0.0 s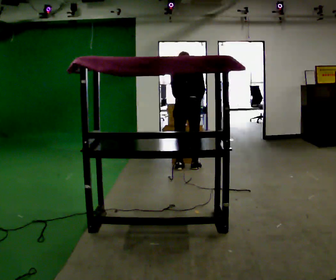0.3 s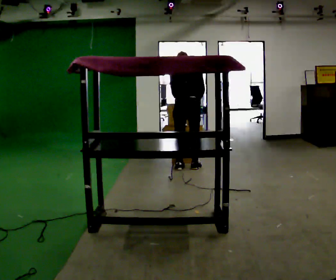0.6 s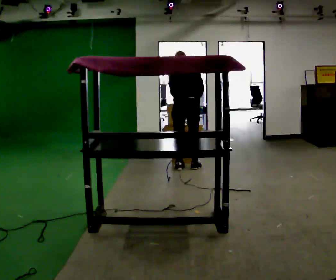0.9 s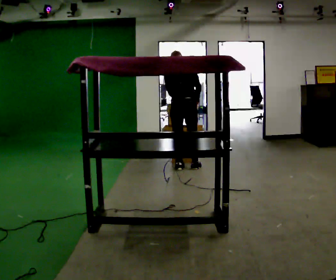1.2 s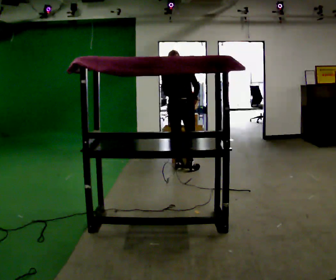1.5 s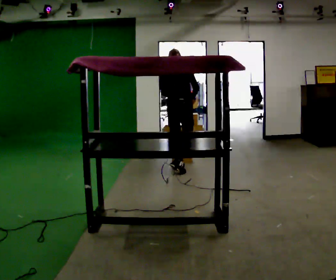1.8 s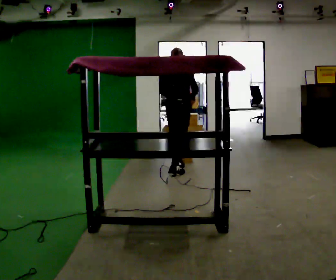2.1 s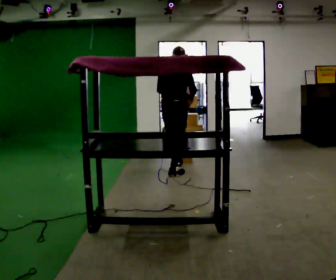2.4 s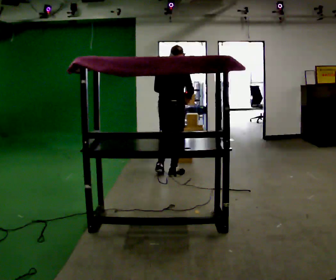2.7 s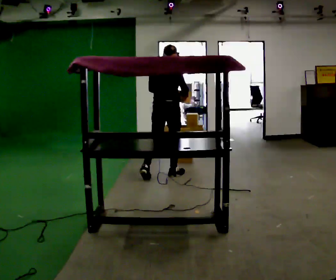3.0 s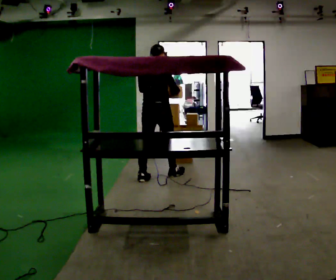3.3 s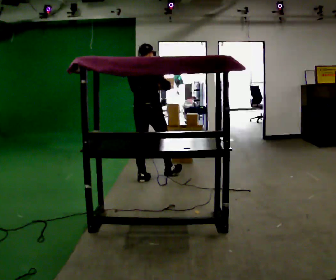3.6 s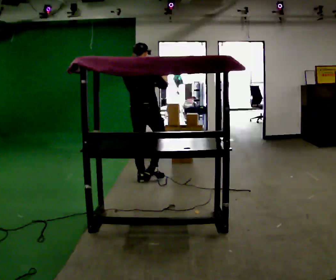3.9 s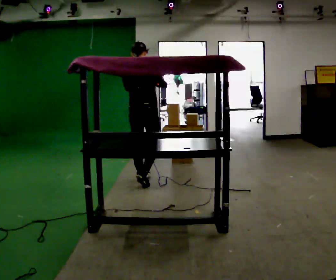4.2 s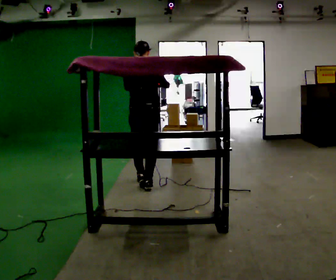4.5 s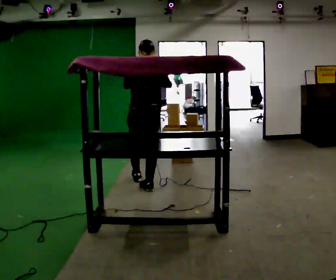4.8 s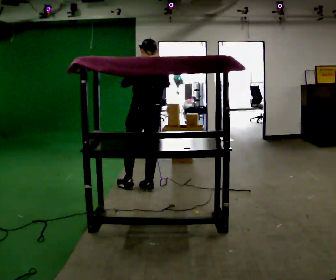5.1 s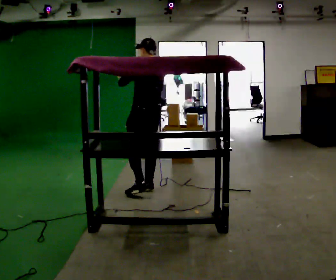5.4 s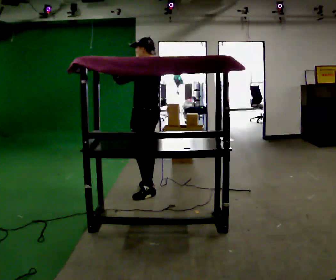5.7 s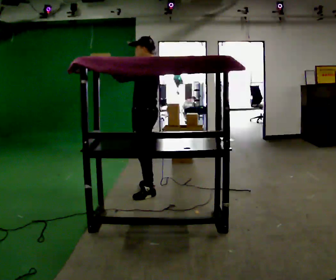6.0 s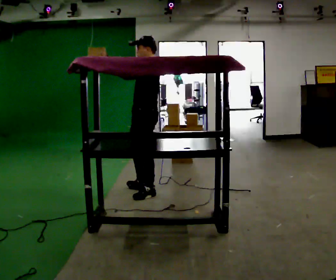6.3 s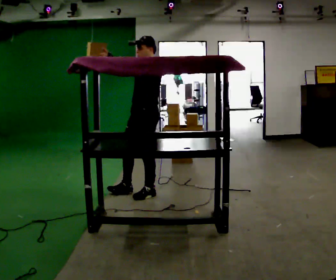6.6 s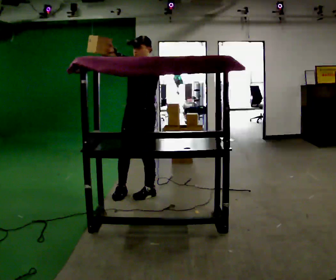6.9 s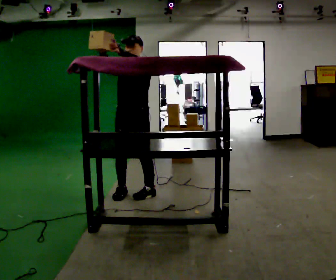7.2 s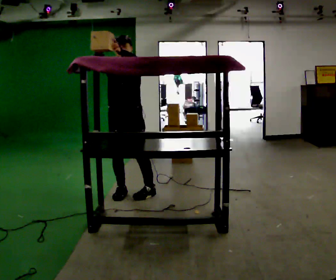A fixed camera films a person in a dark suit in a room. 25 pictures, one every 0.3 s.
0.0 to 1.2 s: The person moves a little, or ends about where they began.
1.2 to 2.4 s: In the picture they go toward the camera, about 0.25 m in 1 step, which for them is backward.
2.4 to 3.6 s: In the picture they go to the left and toward the camera, about 0.5 m in 1 step, which for them is backward and to their left.
3.6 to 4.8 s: The person turns about 45 degrees to their left, counterclockwise seen from above, so the part of the body nearest the lens slides to the right. In the picture they go toward the camera, about 0.25 m in 1 step, which for them is backward and to their right.
4.8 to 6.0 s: Seen from above the body turns counterclockwise, about 75 degrees: to their left, with its near side sliding to the right. In the picture they go toward the camera, about 0.25 m. In the picture their right hand goes to the left.
6.0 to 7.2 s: The part of the body nearest the lens slides to the right as the person turns to their left by about 75 degrees. In the picture they go to the left, about 0.25 m in 1 step.
The film runs backward here.
